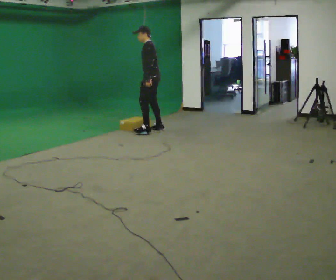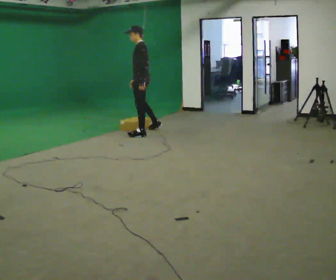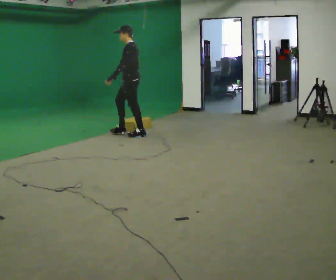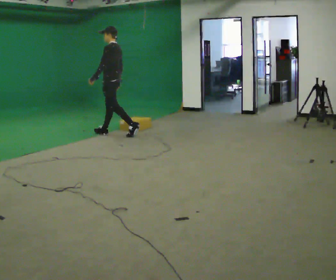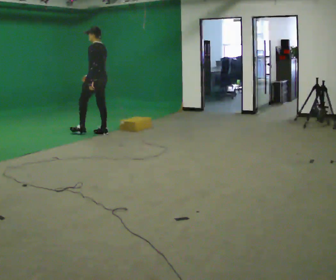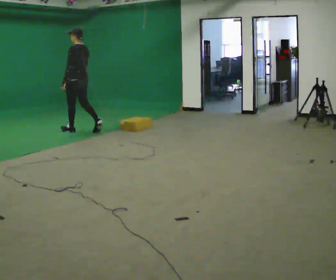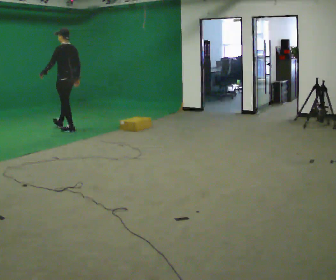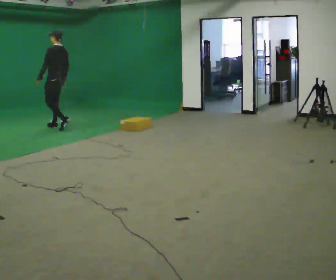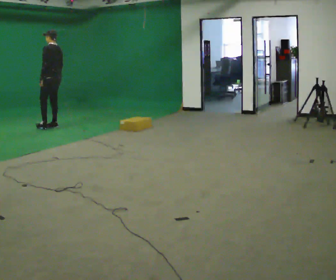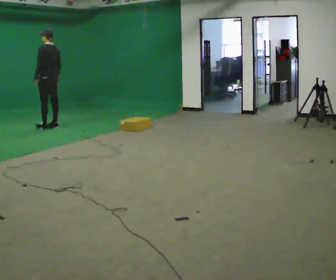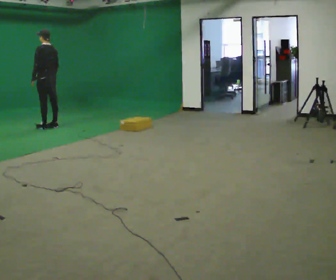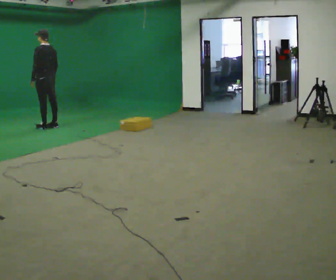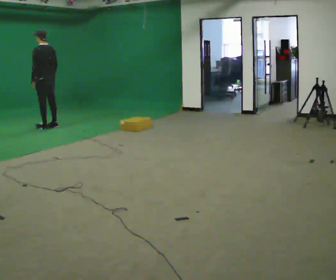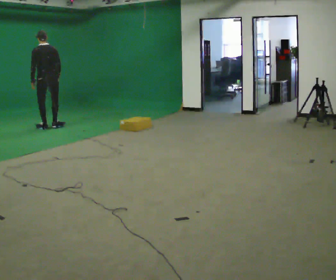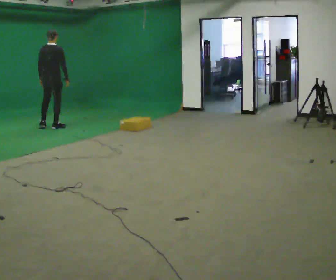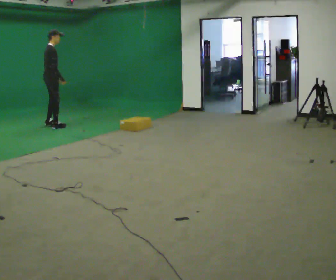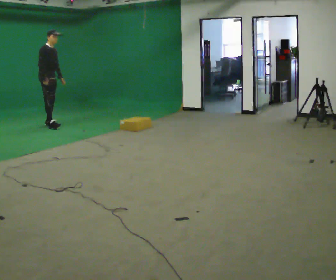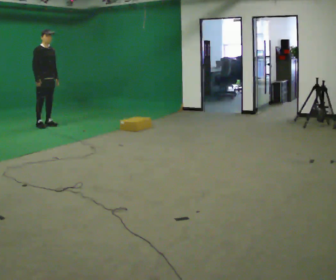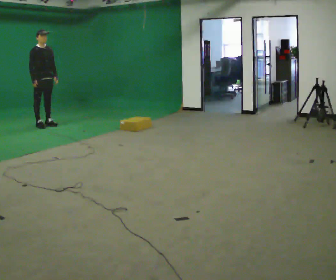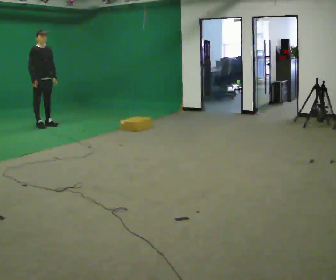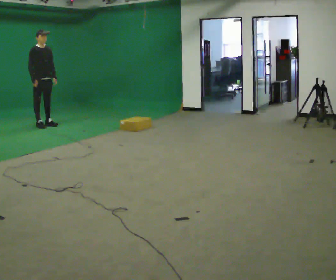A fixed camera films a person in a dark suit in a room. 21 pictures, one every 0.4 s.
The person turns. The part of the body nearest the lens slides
to the left.
The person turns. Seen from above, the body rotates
clockwise.
0.0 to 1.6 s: In the picture they go to the left, about 1 m in 2 steps, which for them is forward.
1.6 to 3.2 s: In the picture they go to the left and away from the camera, about 1 m in 2 steps, which for them is forward.
3.2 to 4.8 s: The person moves a little, or ends about where they began.
4.8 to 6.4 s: The part of the body nearest the lens slides to the left as the person turns to their right by about 165 degrees. In the picture they go away from the camera, about 0.25 m in 1 step.
6.4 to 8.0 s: The person moves a little, or ends about where they began.
The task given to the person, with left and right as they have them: Start still; walk straight at normal comfortable speed; stop at endpoint.
The film runs forward here.
